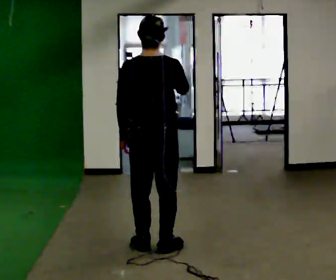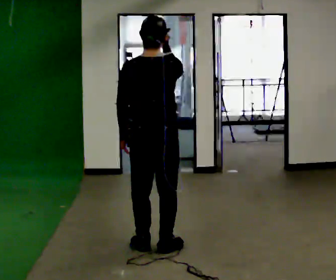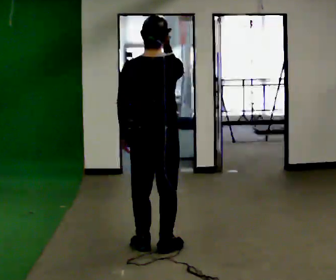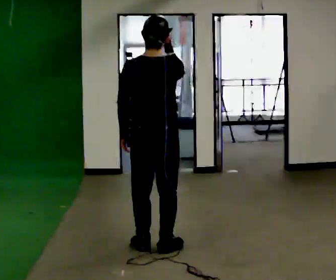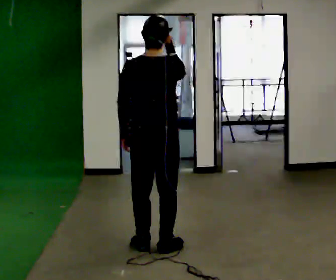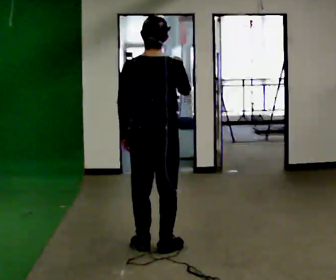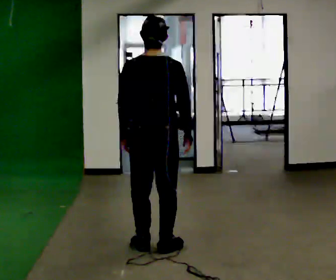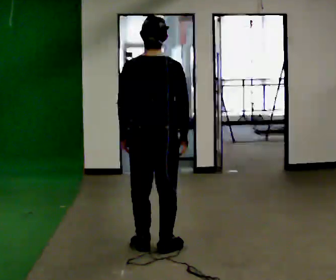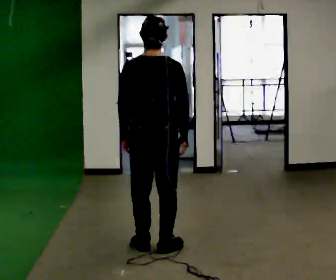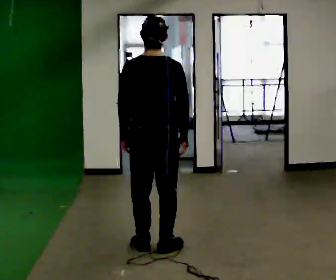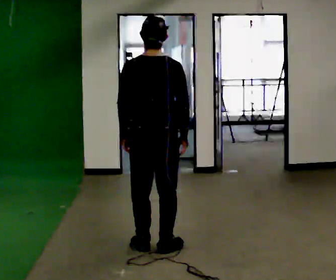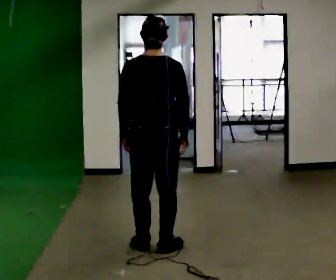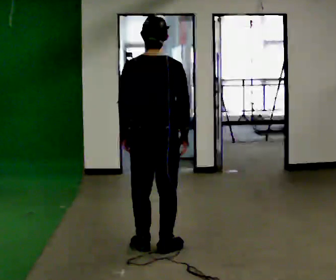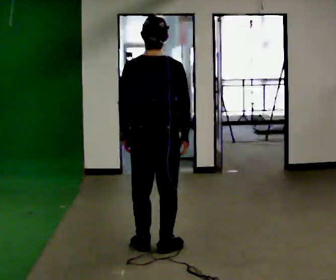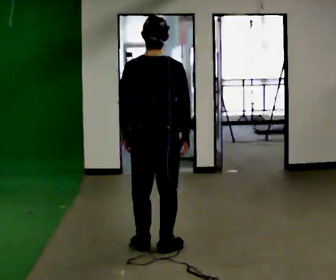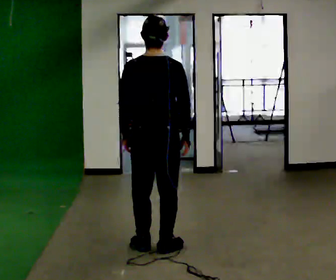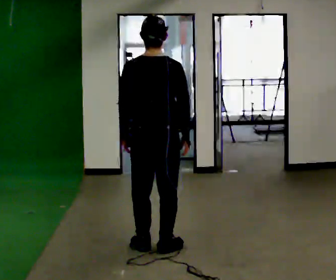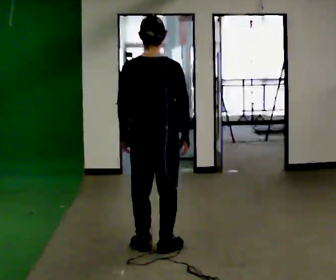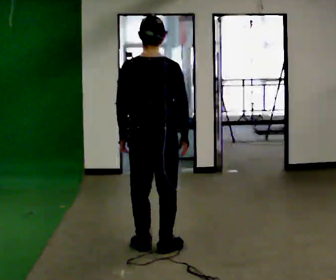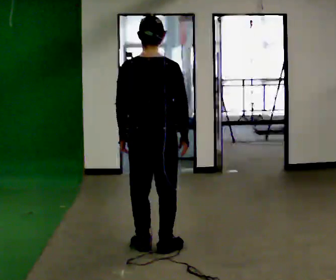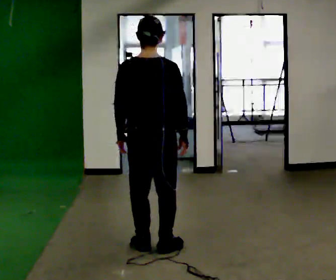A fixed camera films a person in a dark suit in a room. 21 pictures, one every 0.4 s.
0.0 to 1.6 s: The person moves a little, or ends about where they began.
1.6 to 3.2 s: In the picture their right hand goes downward.
3.2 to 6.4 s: The person keeps their place and pose.
6.4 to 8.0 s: The person moves a little, or ends about where they began.
The film runs backward here.
